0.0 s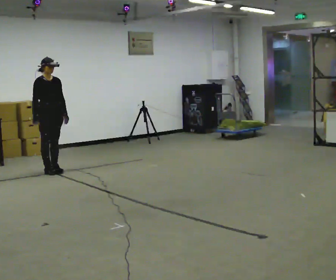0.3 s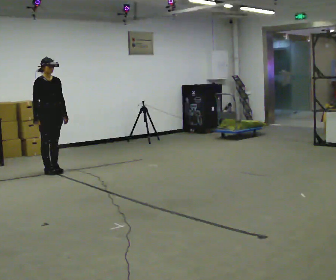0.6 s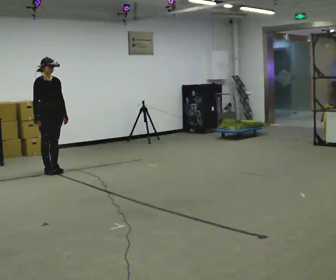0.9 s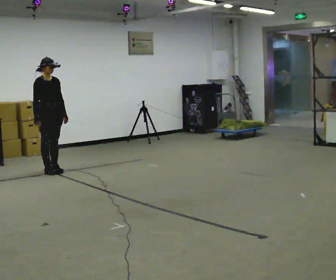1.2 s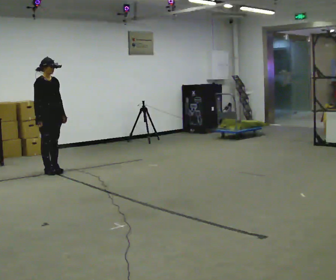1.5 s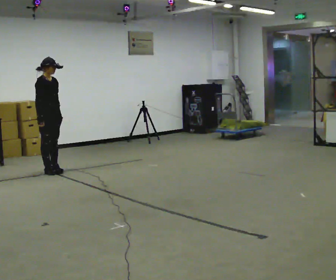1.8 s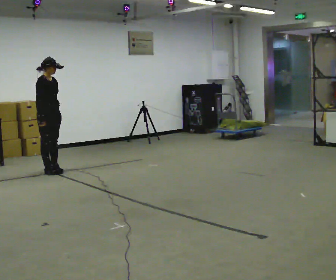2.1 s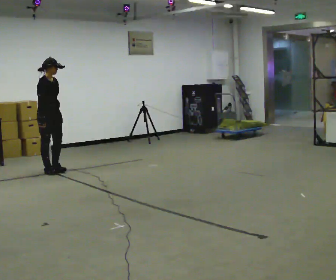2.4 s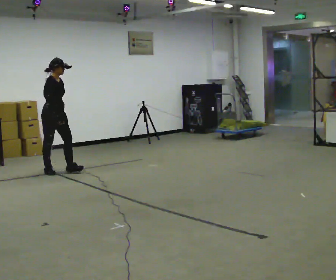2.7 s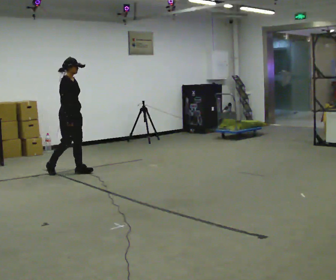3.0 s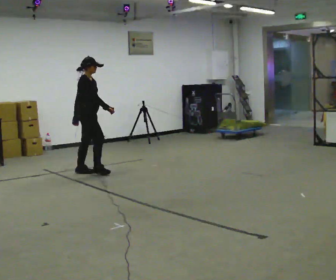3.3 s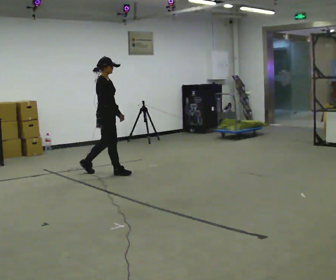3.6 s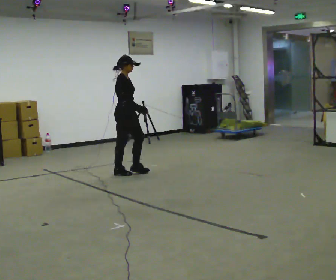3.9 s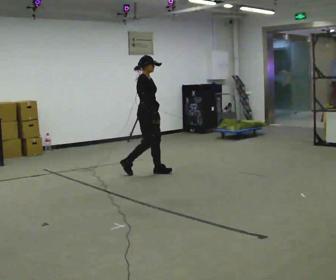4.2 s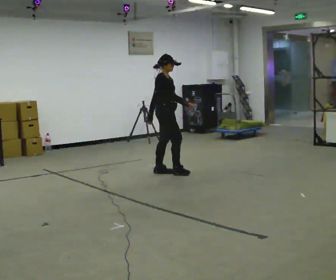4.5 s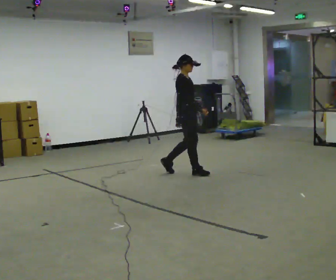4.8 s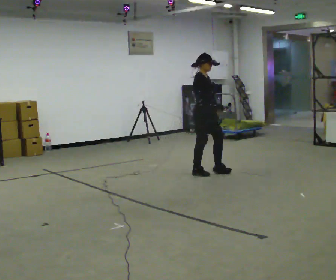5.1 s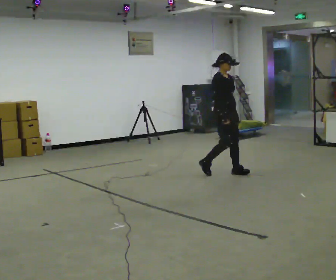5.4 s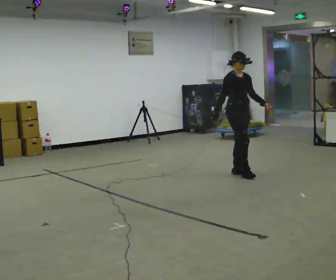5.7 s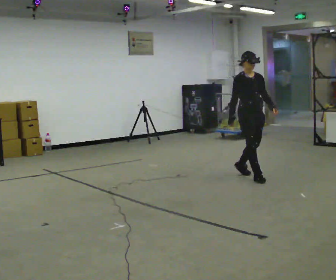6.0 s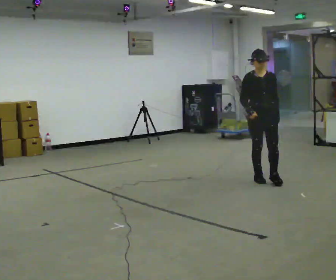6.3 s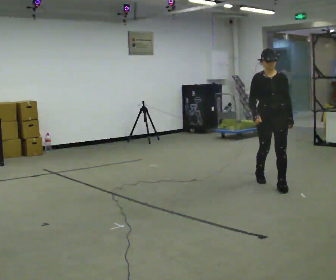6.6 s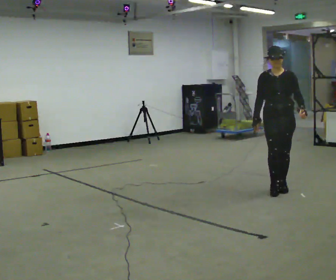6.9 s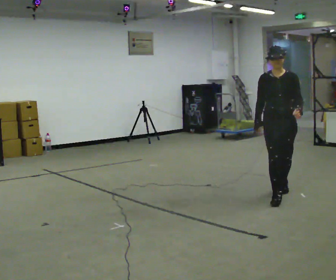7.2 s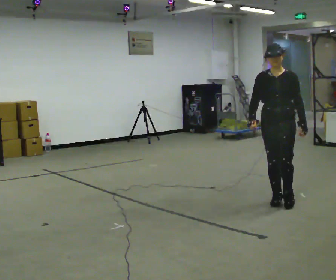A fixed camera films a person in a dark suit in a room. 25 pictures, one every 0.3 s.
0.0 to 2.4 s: The part of the body nearest the lens slides to the right as the person turns to their left by about 30 degrees.
2.4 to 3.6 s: In the picture they go to the right, about 1 m in 2 steps, which for them is forward.
3.6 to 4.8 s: In the picture they go to the right, about 1 m in 2 steps, which for them is forward.
4.8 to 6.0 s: Seen from above the body turns clockwise, about 60 degrees: to their right, with its near side sliding to the left. In the picture they go toward the camera and to the right, about 1 m in 2 steps.
6.0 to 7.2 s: Seen from above the body turns clockwise, about 30 degrees: to their right, with its near side sliding to the left. In the picture they go toward the camera, about 1 m in 2 steps, which for them is forward.
The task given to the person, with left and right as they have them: Walk forward; gradually curve left/right; straighten out.
The film runs forward here.
